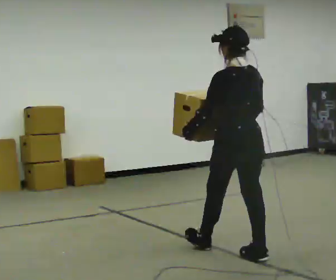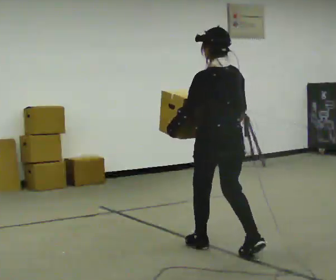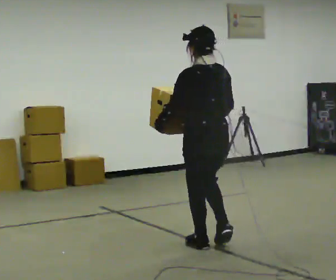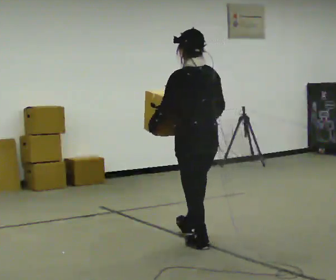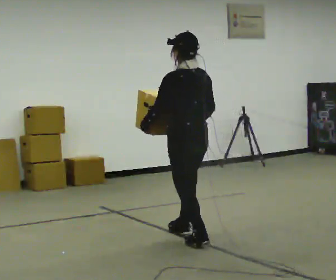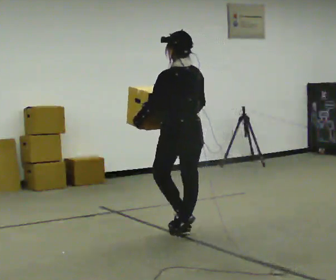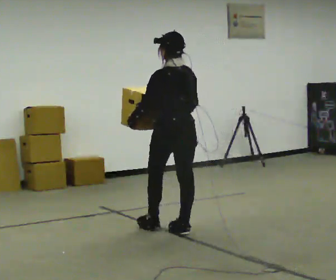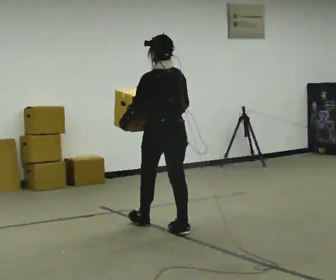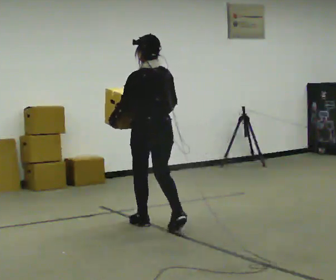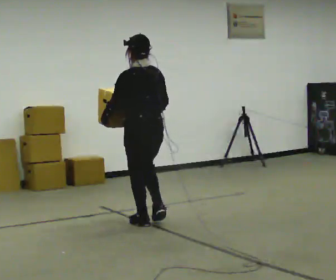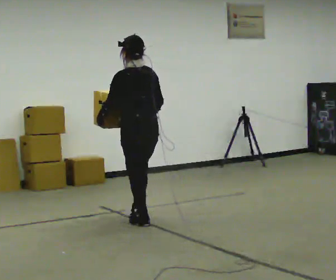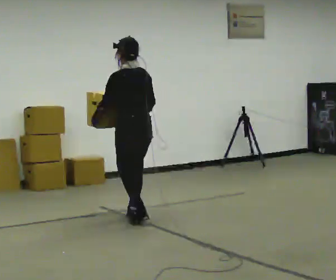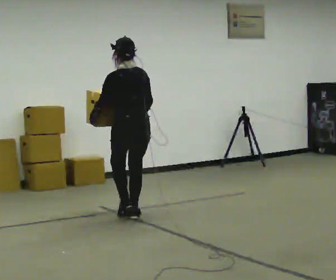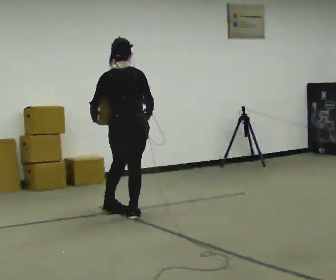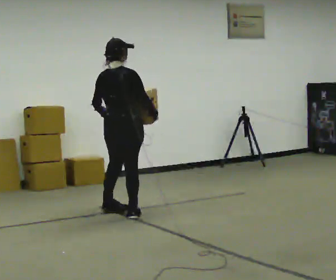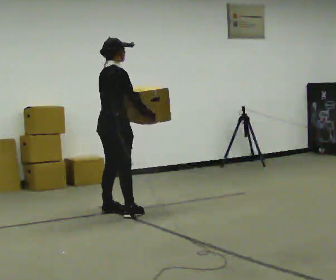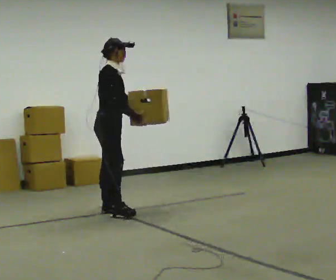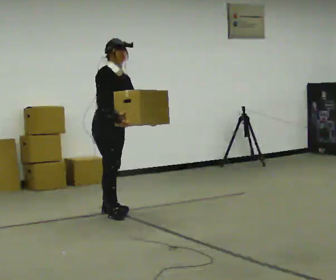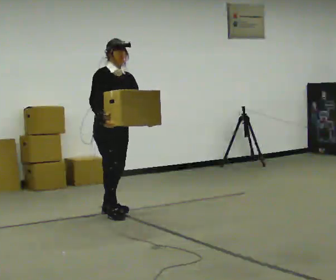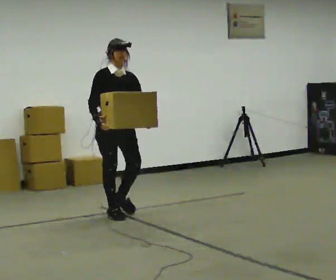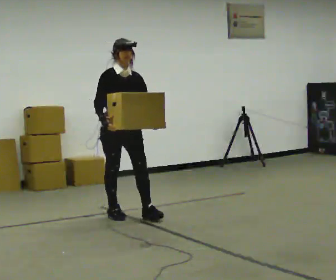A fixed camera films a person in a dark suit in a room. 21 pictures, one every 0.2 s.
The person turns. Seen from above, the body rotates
clockwise.
The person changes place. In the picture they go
away from the camera.
0.0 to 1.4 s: In the picture they go away from the camera and to the left, about 1 m in 3 steps, which for them is forward.
1.4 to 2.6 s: Seen from above the body turns clockwise, about 45 degrees: to their right, with its near side sliding to the left. In the picture they go away from the camera and to the left, about 0.75 m in 1 step, which for them is forward.
2.6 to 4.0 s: The person turns about 150 degrees to their right, clockwise seen from above, so the part of the body nearest the lens slides to the left. In the picture their right hand goes to the left, the arm swinging clockwise.
The film runs forward here.
